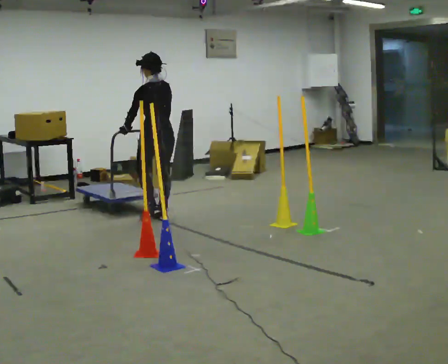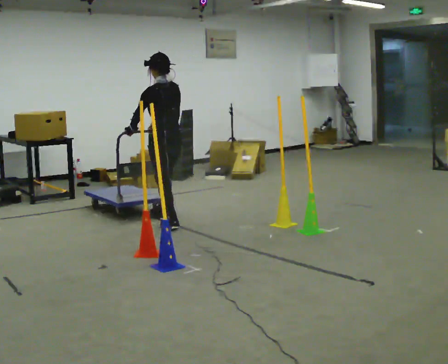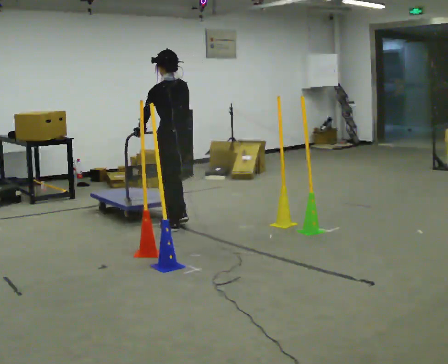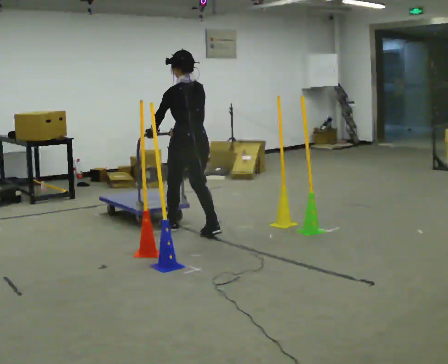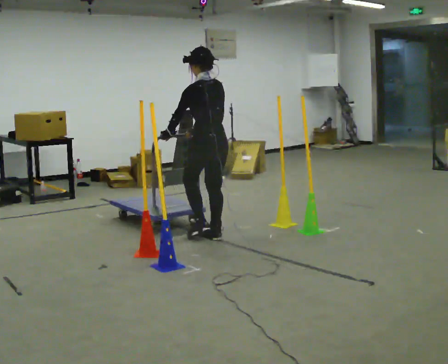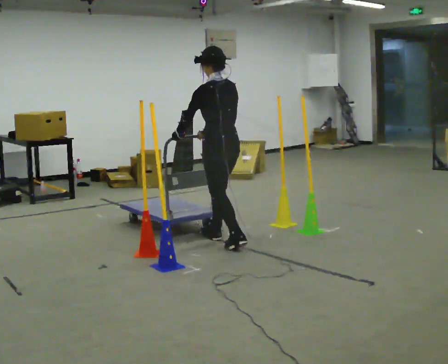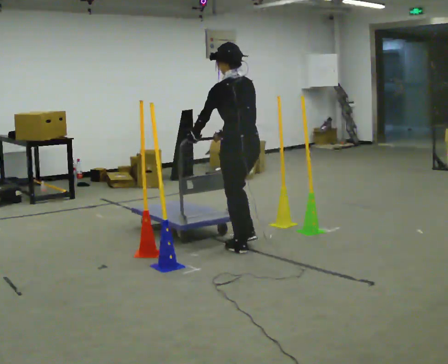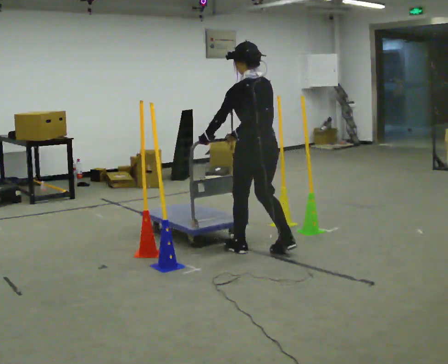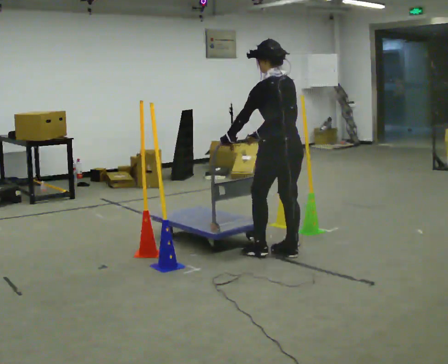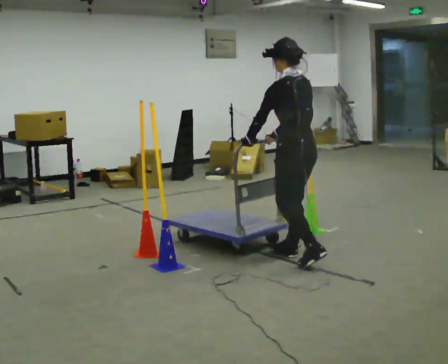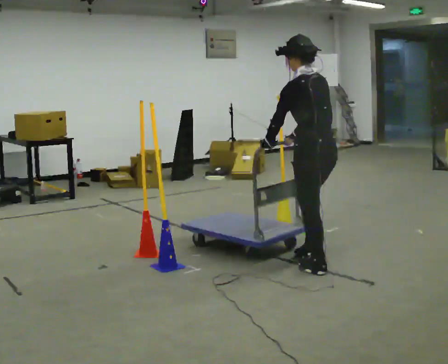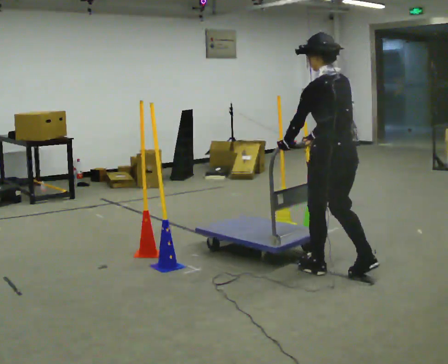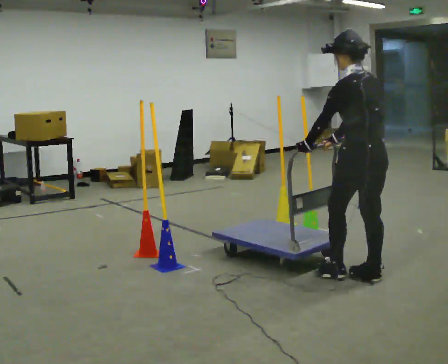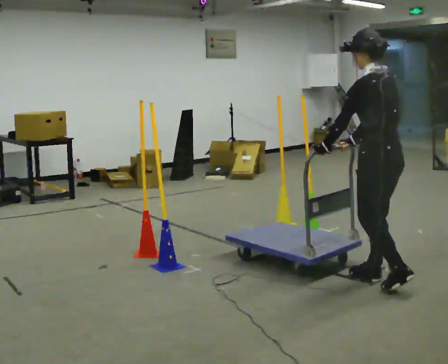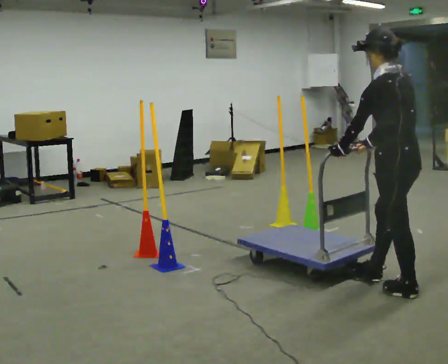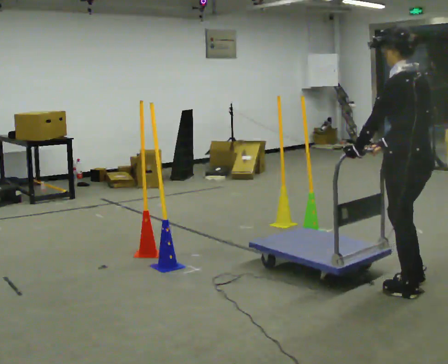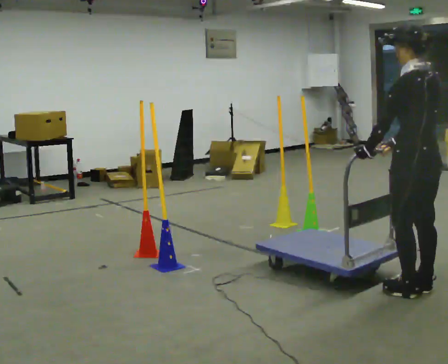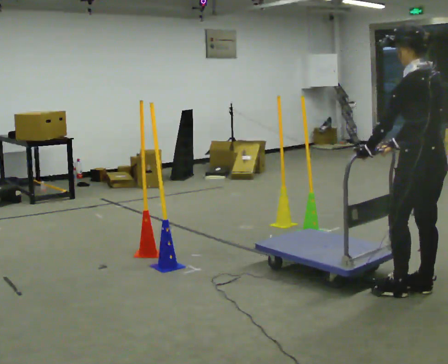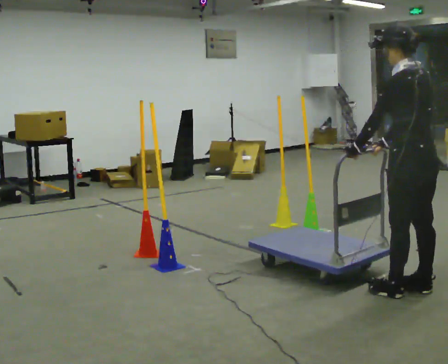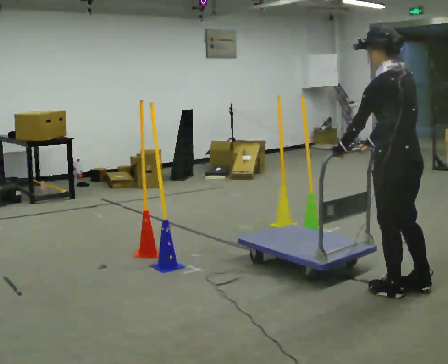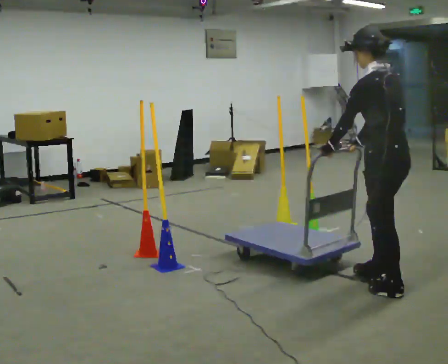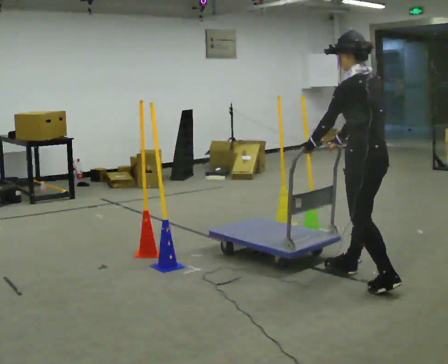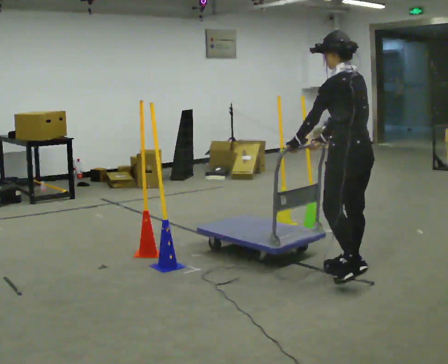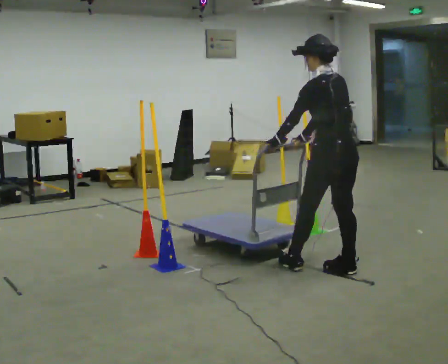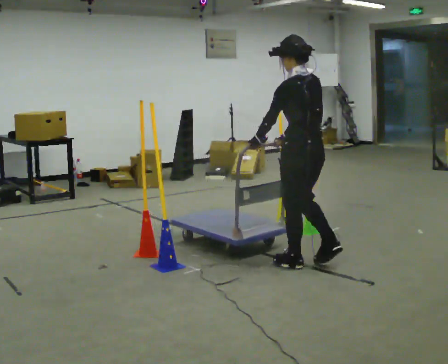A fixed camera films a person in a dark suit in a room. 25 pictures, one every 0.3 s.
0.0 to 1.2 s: In the picture they go to the right and toward the camera, about 1 m in 2 steps, which for them is backward.
1.2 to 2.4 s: In the picture they go to the right and toward the camera, about 1 m in 2 steps, which for them is backward.
2.4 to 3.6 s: In the picture they go to the right and toward the camera, about 1 m in 2 steps, which for them is backward.
3.6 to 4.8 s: In the picture they go to the right and toward the camera, about 0.5 m in 1 step, which for them is backward.
4.8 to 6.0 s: In the picture they go to the left, about 0.25 m in 1 step, which for them is forward.
6.0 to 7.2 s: In the picture they go to the left and away from the camera, about 0.5 m in 2 steps, which for them is forward.
The film runs backward here.
